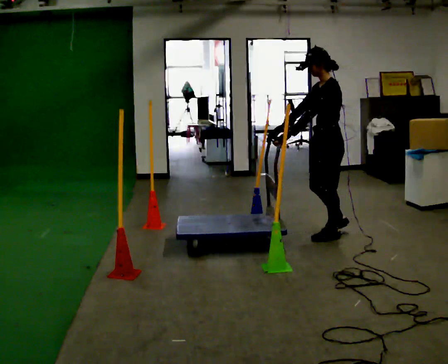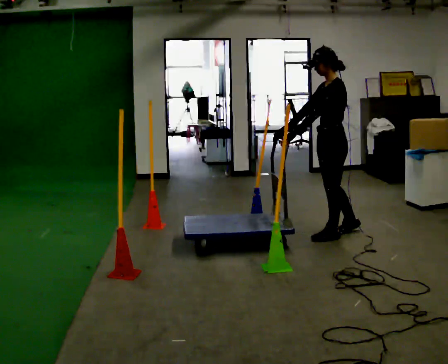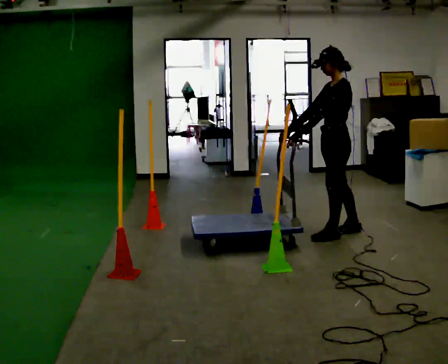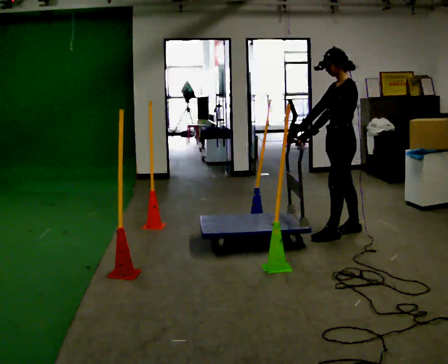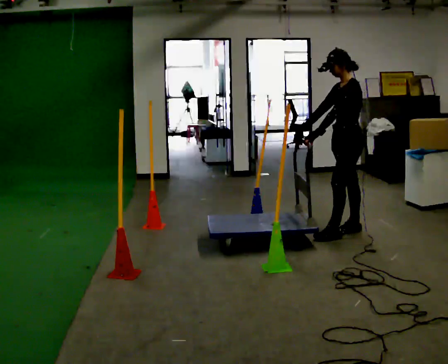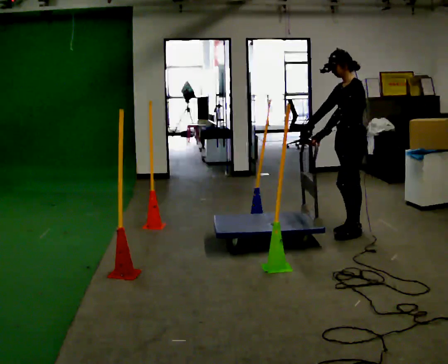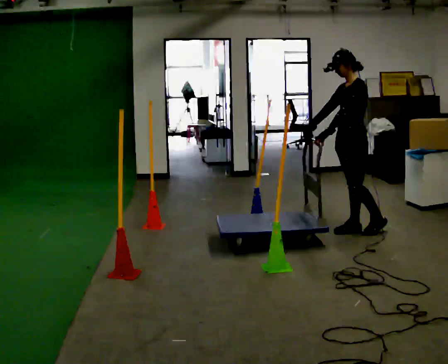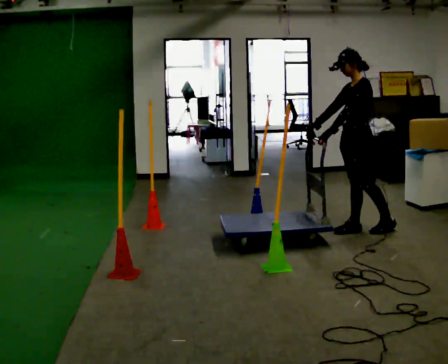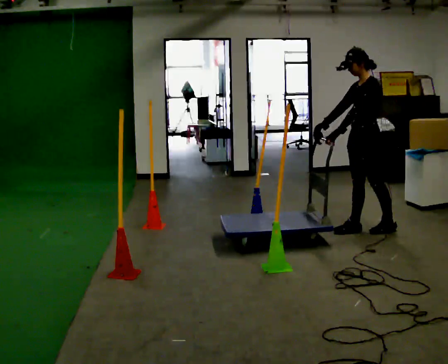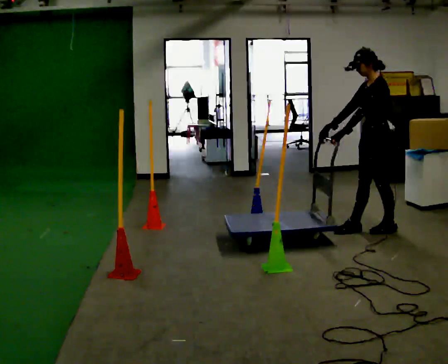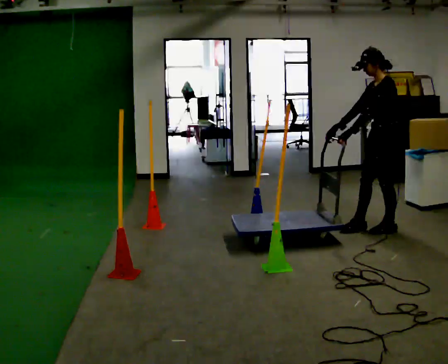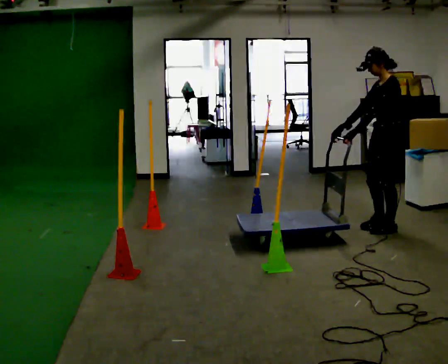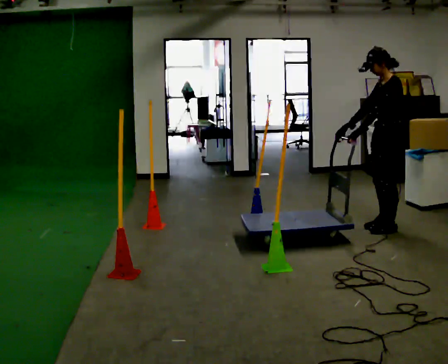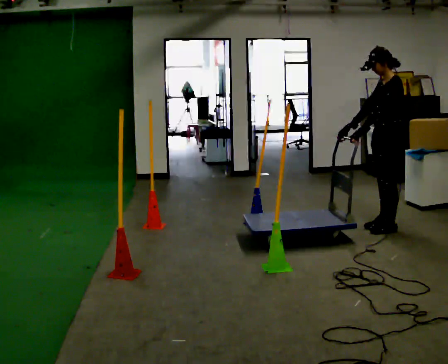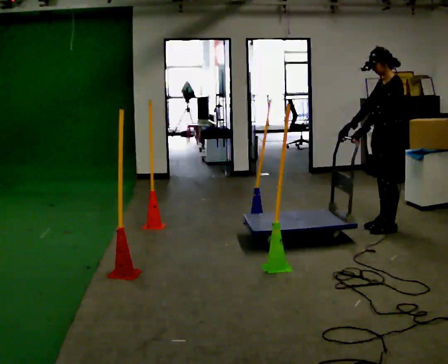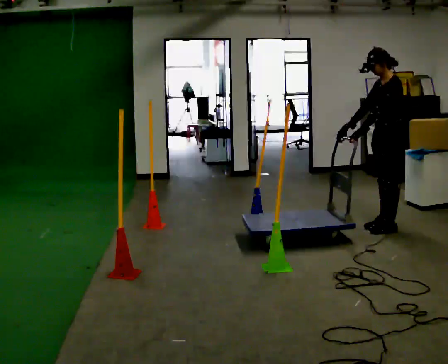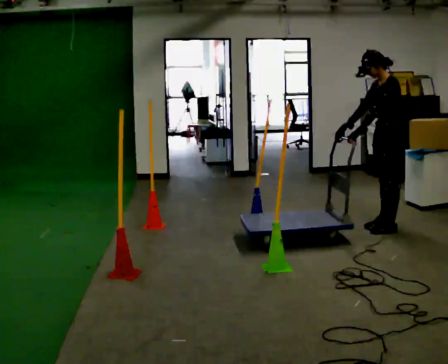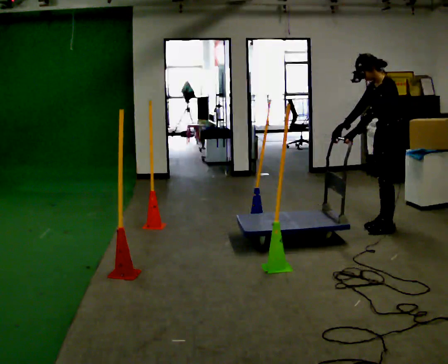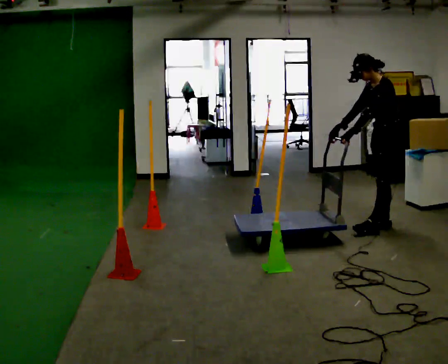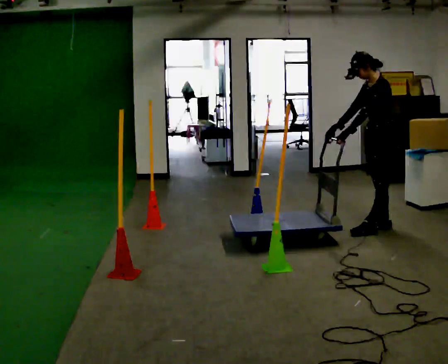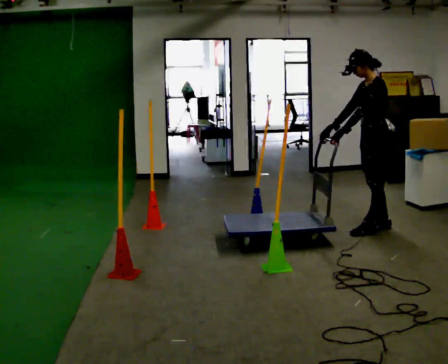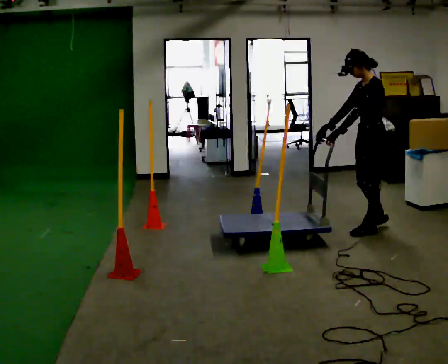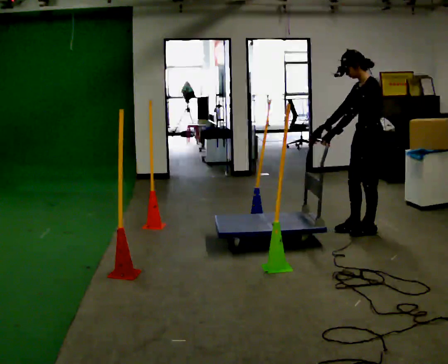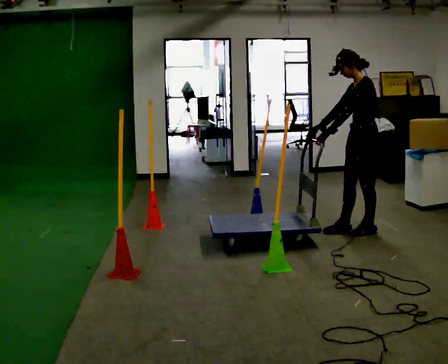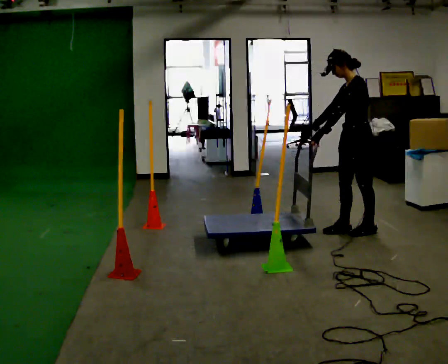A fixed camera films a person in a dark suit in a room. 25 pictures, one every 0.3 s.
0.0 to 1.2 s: In the picture they go away from the camera and to the right, about 0.25 m in 1 step, which for them is backward and to their right.
1.2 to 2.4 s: In the picture they go to the right, about 0.25 m, which for them is backward.
2.4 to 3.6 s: In the picture they go to the right, about 0.25 m in 1 step, which for them is backward.
3.6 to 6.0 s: The person moves a little, or ends about where they began.
6.0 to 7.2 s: In the picture they go to the left, about 0.25 m in 1 step, which for them is forward.
The film runs backward here.
